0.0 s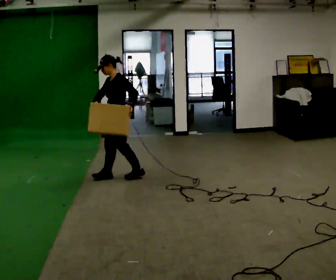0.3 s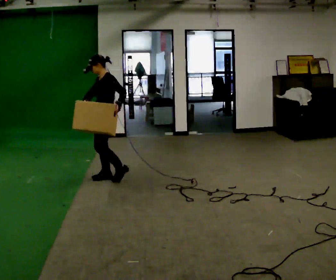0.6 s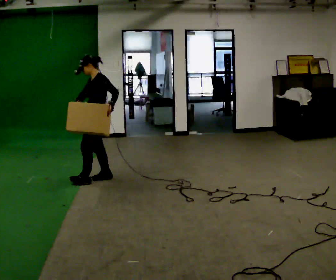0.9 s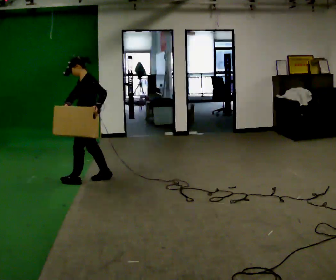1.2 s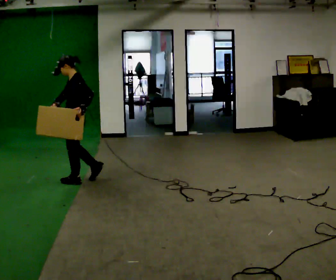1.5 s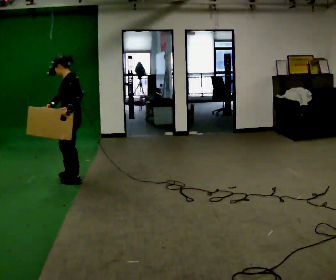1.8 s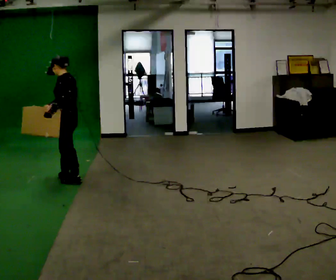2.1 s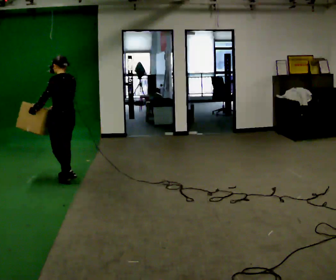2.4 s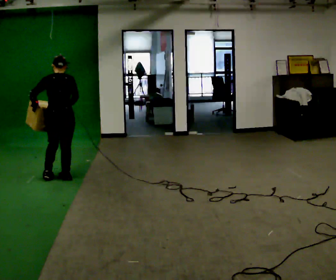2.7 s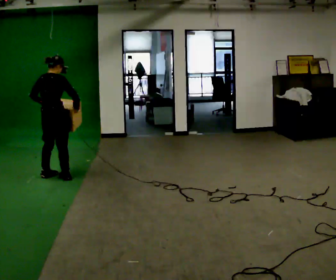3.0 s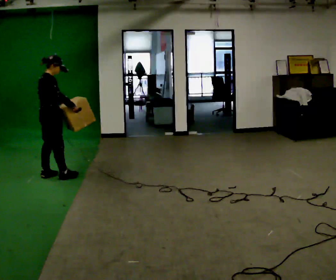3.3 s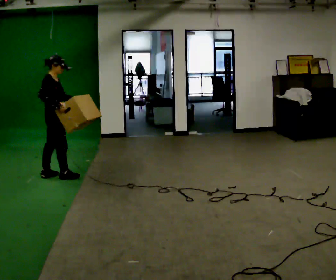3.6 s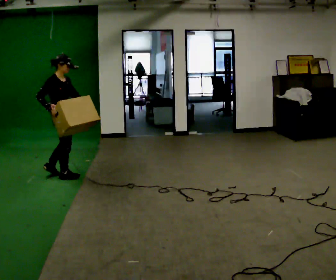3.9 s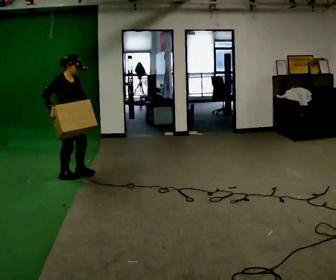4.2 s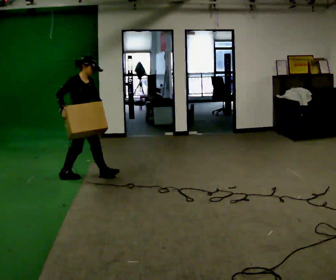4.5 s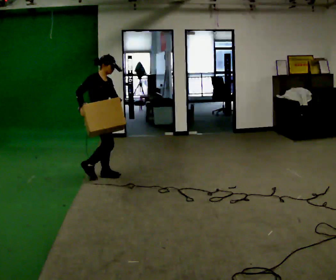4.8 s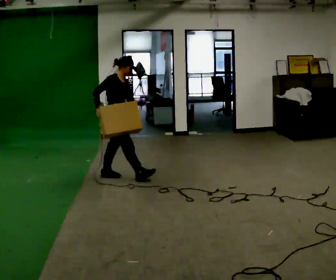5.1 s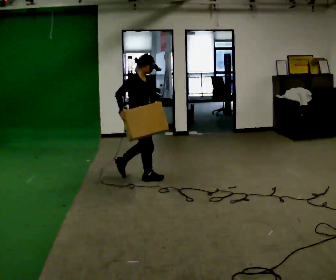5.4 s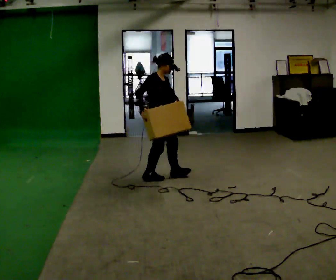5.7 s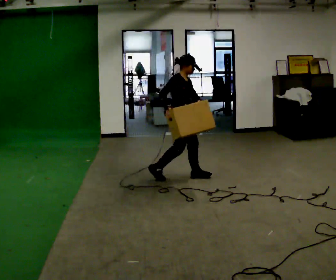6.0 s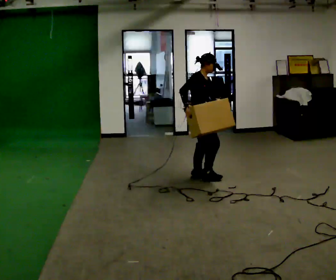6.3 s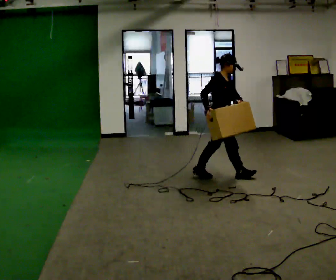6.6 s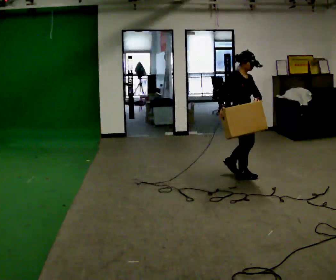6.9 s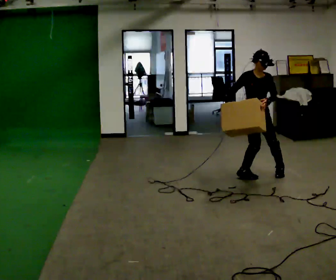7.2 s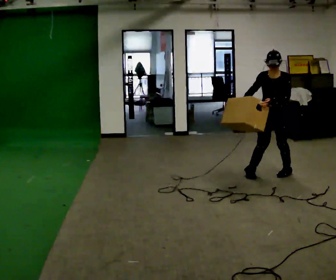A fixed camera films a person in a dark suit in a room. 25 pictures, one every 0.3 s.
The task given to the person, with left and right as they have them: Carry the box and, while walking, shift it to a different hold: front, then hip, then shoulder, then back to front. Do not stop walking.
0.0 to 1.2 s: In the picture they go to the left, about 0.5 m in 1 step, which for them is forward.
1.2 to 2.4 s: The person turns about 75 degrees to their right, clockwise seen from above, so the part of the body nearest the lens slides to the left. In the picture they go to the left and away from the camera, about 0.25 m in 1 step. In the picture their left hand goes to the left.
2.4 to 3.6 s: The part of the body nearest the lens slides to the left as the person turns to their right by about 105 degrees. In the picture their right hand goes to the left.
3.6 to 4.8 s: In the picture they go to the right, about 0.75 m in 1 step, which for them is forward.
4.8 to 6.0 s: In the picture they go to the right and toward the camera, about 1 m in 2 steps, which for them is forward.
6.0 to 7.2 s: The person turns about 105 degrees to their right, clockwise seen from above, so the part of the body nearest the lens slides to the left. In the picture they go to the right and toward the camera, about 1 m in 2 steps.
The film runs forward here.
